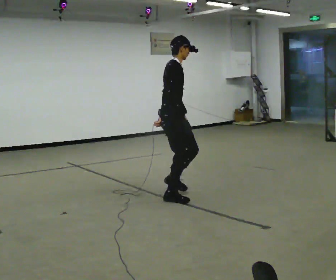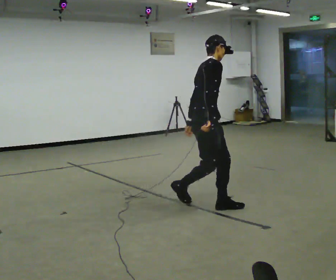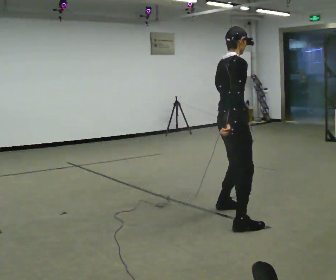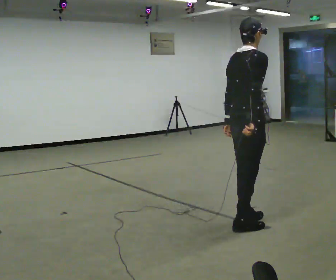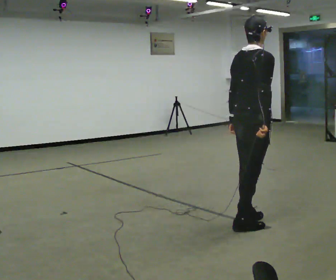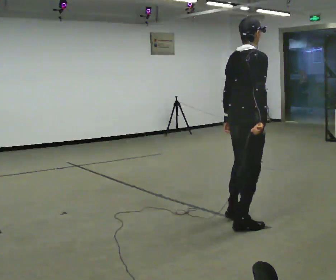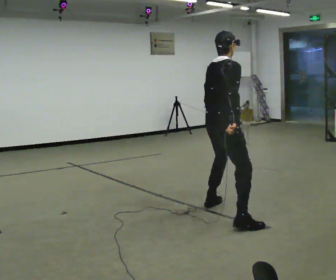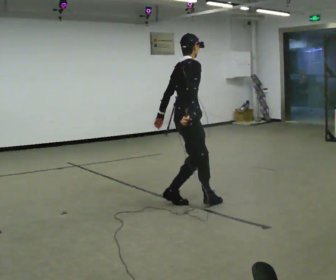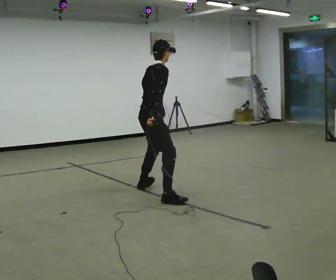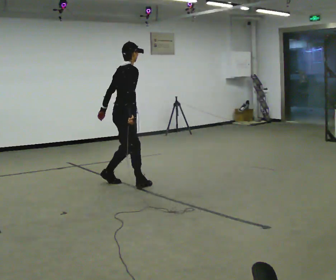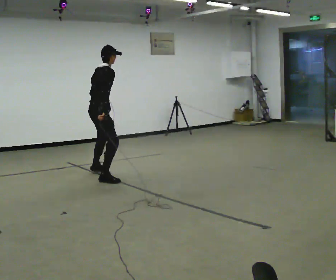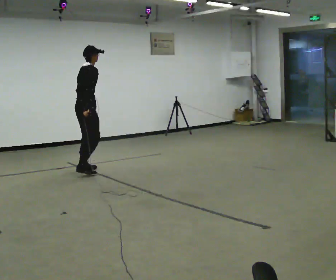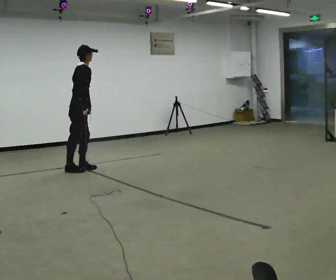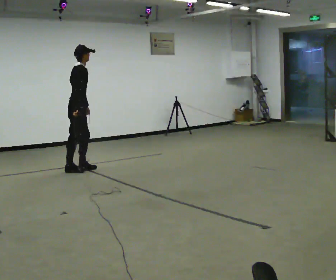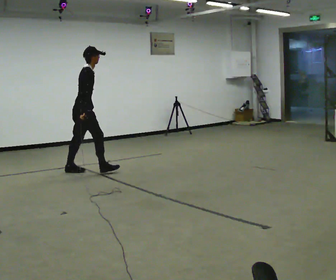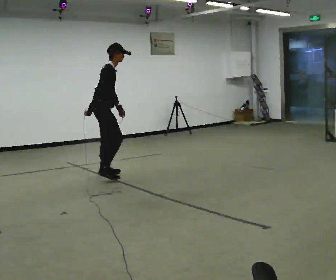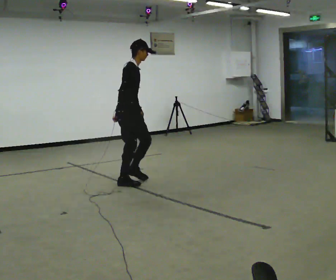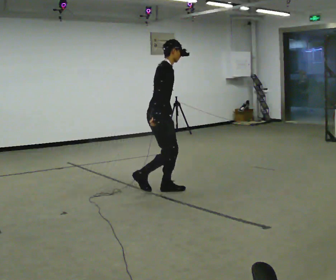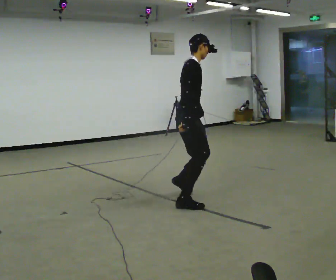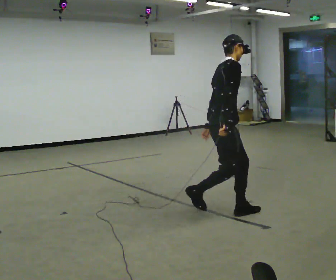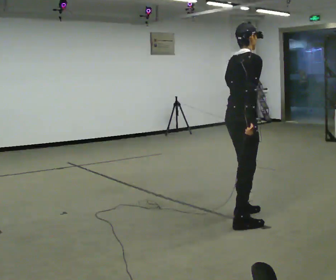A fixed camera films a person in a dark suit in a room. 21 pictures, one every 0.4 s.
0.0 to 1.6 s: The part of the body nearest the lens slides to the right as the person turns to their left by about 30 degrees. In the picture they go toward the camera and to the right, about 1 m in 3 steps, which for them is to their right.
1.6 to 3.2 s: In the picture they go away from the camera and to the left, about 1.5 m in 2 steps, which for them is to their left.
3.2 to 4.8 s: In the picture they go away from the camera and to the left, about 1.5 m in 4 steps, which for them is to their left.
4.8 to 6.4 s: The part of the body nearest the lens slides to the left as the person turns to their right by about 30 degrees. In the picture they go toward the camera and to the right, about 1 m in 2 steps, which for them is to their right and forward.
6.4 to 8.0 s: The person turns about 30 degrees to their left, counterclockwise seen from above, so the part of the body nearest the lens slides to the right. In the picture they go toward the camera and to the right, about 2 m in 4 steps, which for them is to their right and forward.
The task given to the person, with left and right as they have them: Move sideways in the direction the operator calls, crossing one foot in front and then behind, alternating.
The film runs forward here.
